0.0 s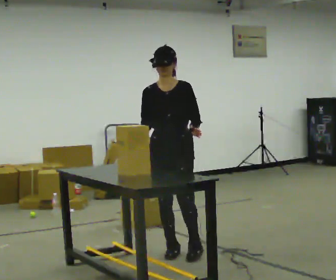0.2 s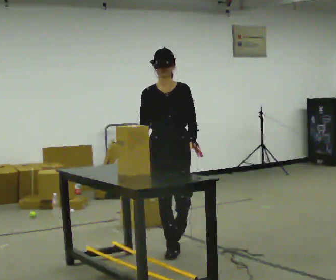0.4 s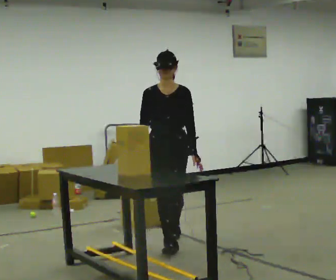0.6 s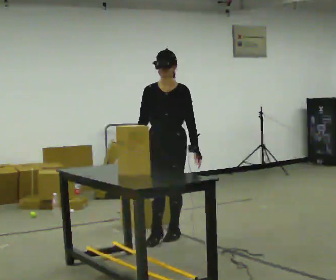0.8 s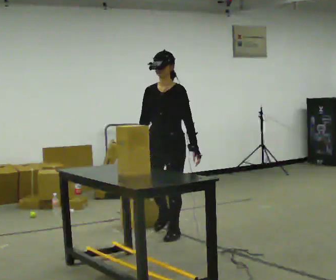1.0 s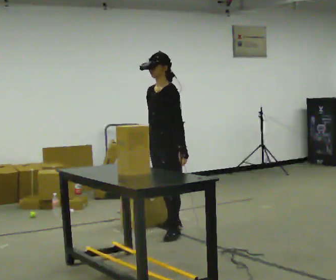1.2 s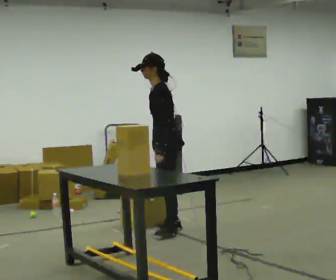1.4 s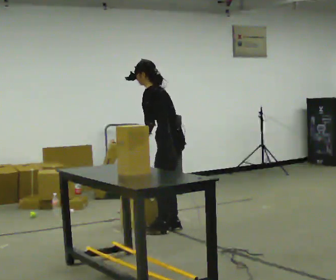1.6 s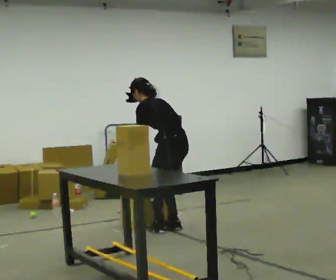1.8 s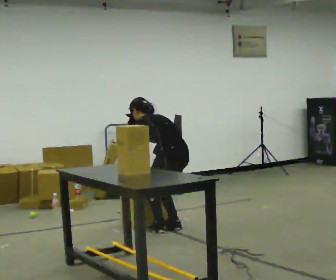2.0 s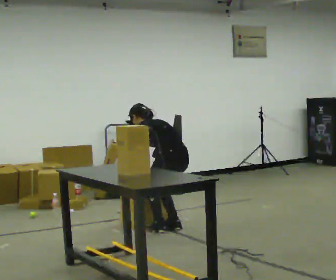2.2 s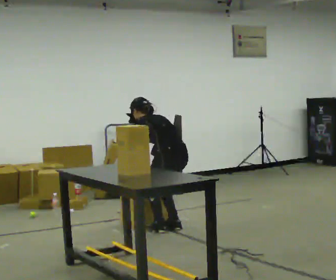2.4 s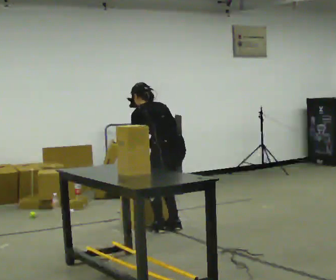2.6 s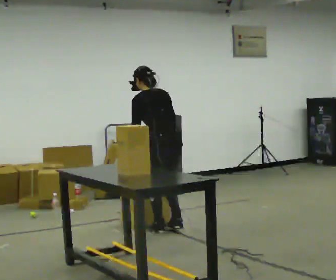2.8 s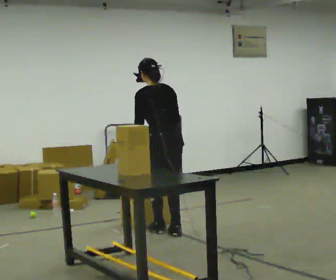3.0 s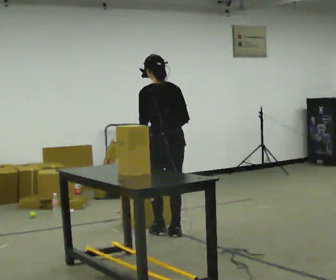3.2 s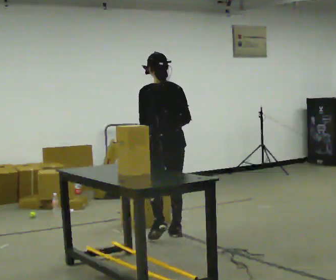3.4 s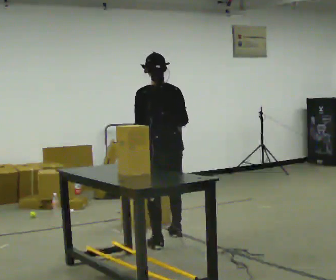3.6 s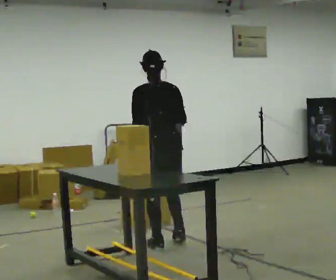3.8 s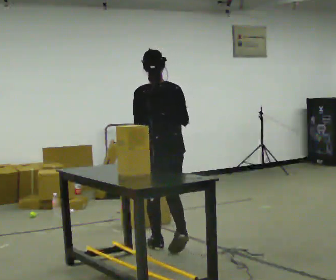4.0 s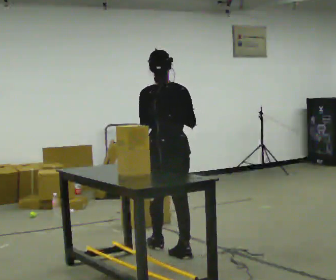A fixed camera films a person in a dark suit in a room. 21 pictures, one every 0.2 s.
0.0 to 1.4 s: The part of the body nearest the lens slides to the left as the person turns to their right by about 90 degrees. In the picture they go away from the camera, about 1 m in 1 step.
1.4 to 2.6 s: The person turns about 45 degrees to their right, clockwise seen from above, so the part of the body nearest the lens slides to the left.
2.6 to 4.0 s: In the picture they go toward the camera, about 0.75 m in 2 steps, which for them is backward. The upper body tips toward the camera, its near side rolling downward, as they lean back or straighten. In the picture their right hand goes upward.
The film runs backward here.
